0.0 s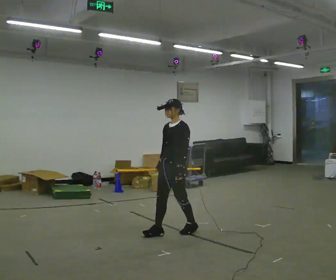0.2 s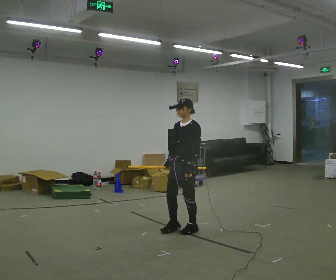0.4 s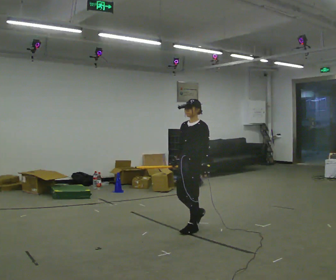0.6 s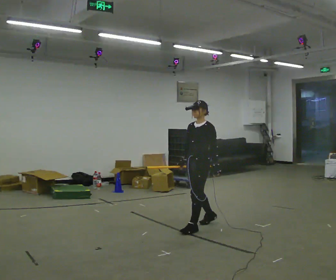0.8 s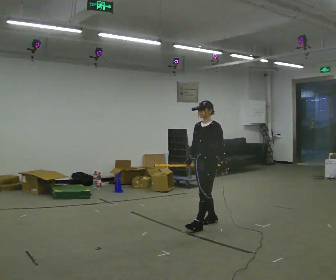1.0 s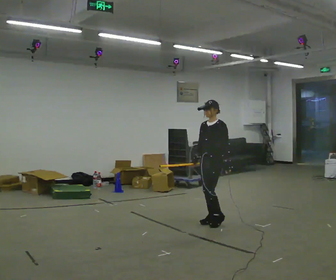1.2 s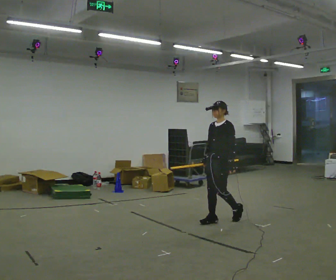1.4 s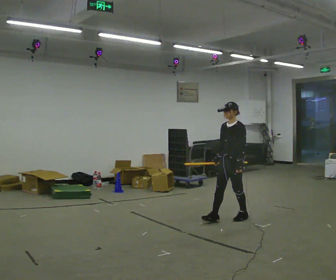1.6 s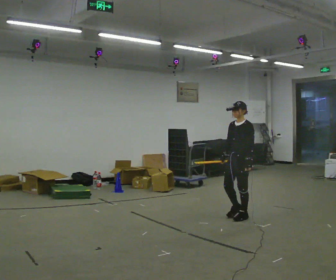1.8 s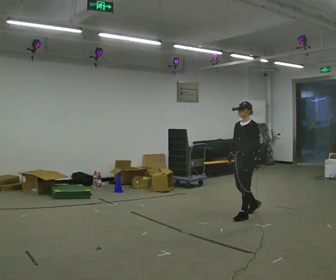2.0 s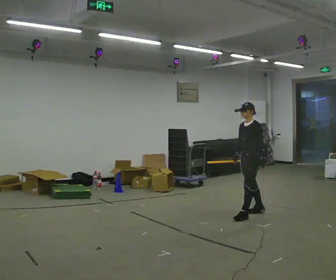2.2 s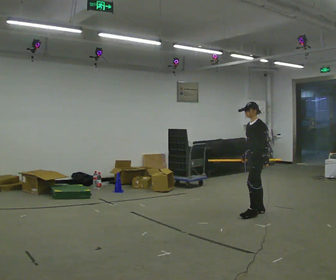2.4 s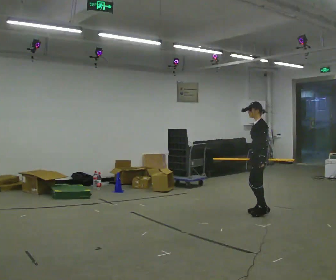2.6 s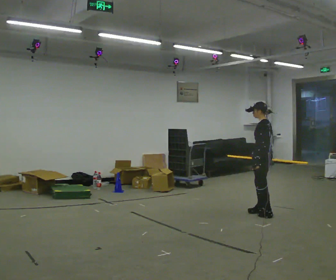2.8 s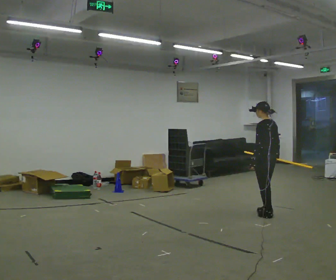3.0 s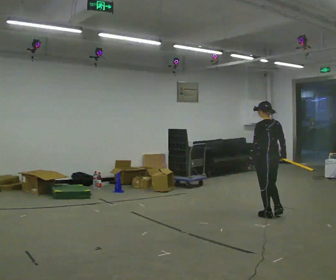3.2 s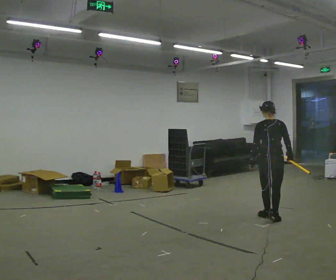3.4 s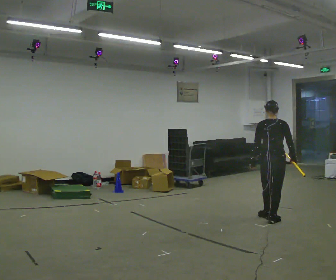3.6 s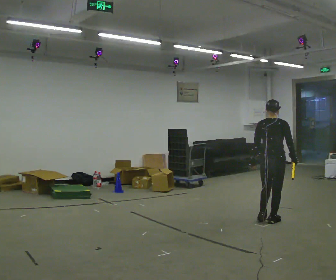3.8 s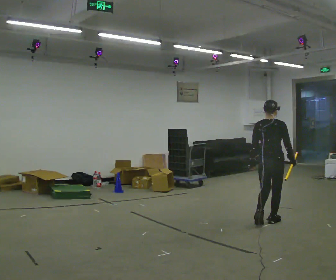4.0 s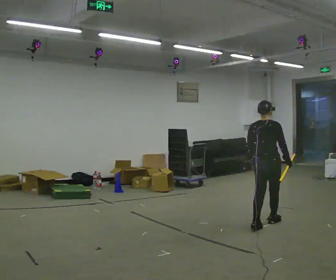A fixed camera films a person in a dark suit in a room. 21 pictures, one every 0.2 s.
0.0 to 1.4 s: In the picture they go away from the camera and to the right, about 1 m in 3 steps, which for them is backward.
1.4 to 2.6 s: Seen from above the body turns clockwise, about 60 degrees: to their right, with its near side sliding to the left. In the picture they go to the right and away from the camera, about 0.5 m in 1 step.
2.6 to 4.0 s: Seen from above the body turns clockwise, about 90 degrees: to their right, with its near side sliding to the left. In the picture they go toward the camera, about 0.5 m in 2 steps.
The film runs backward here.
